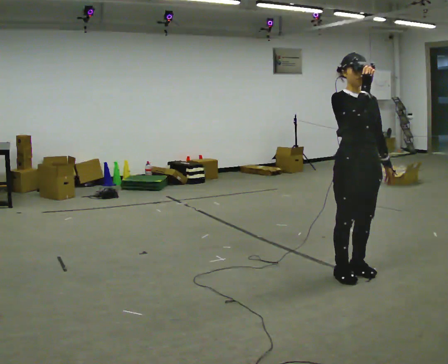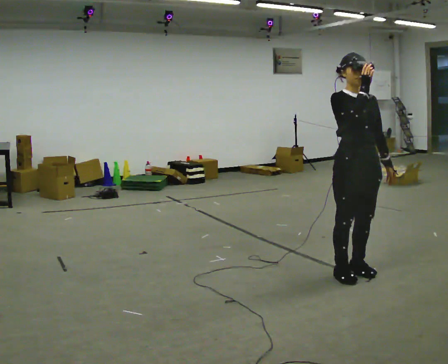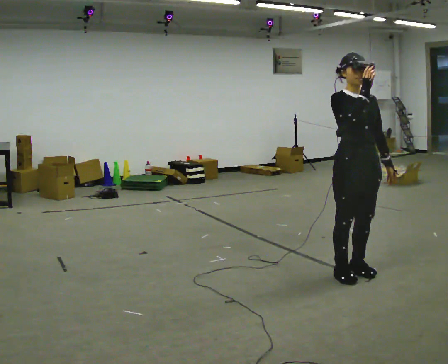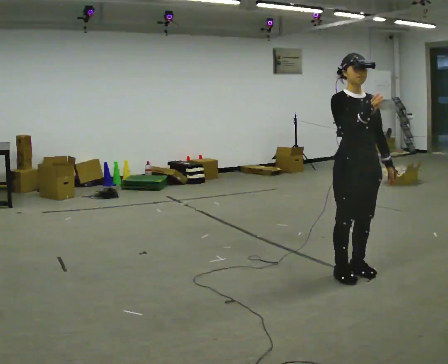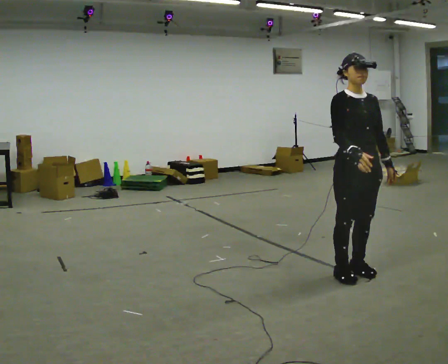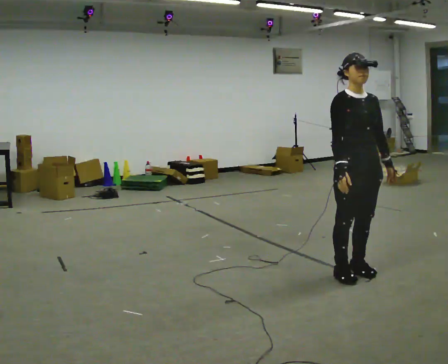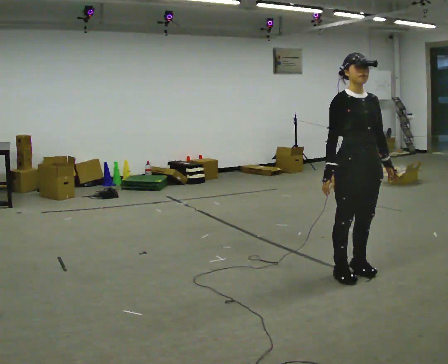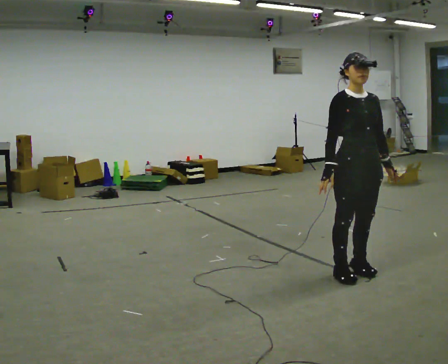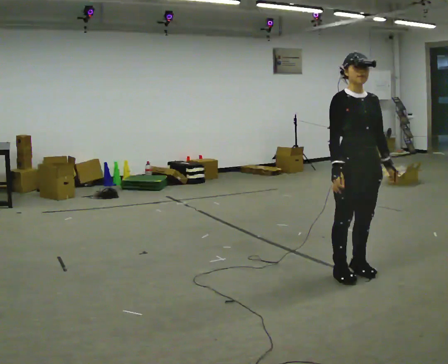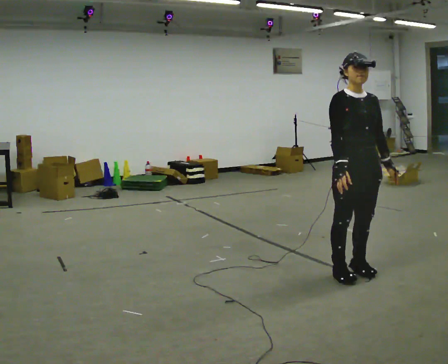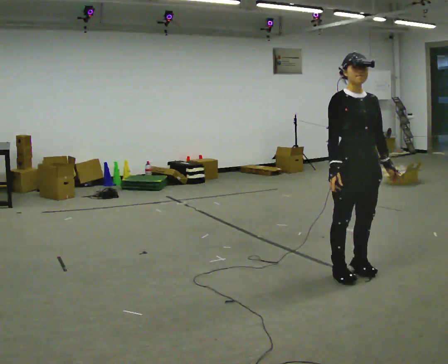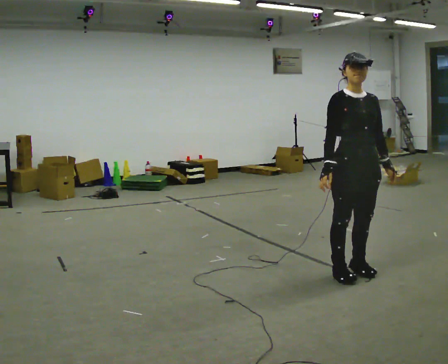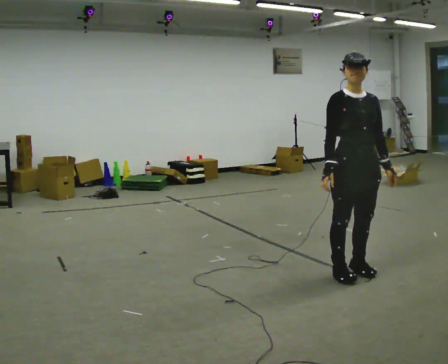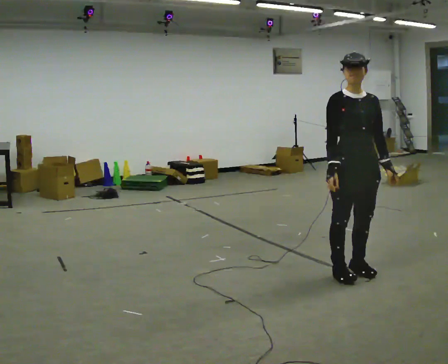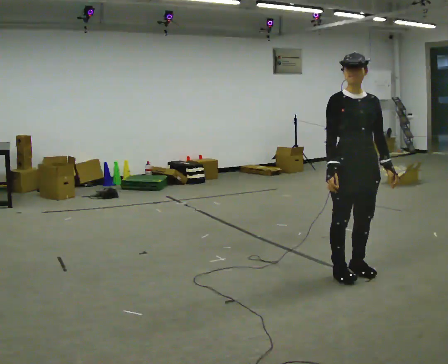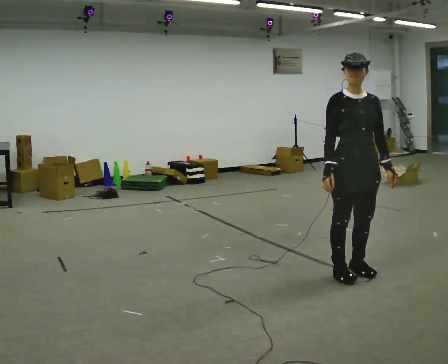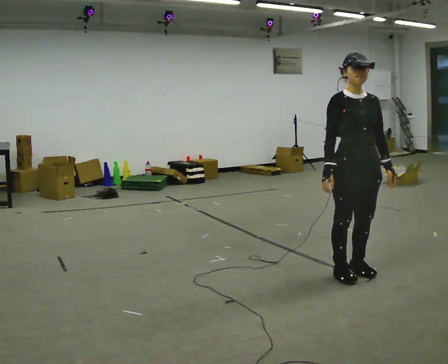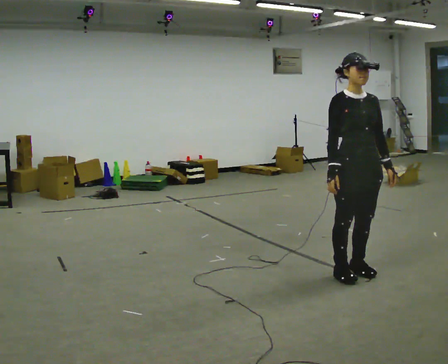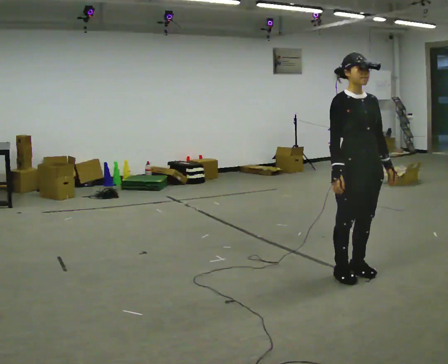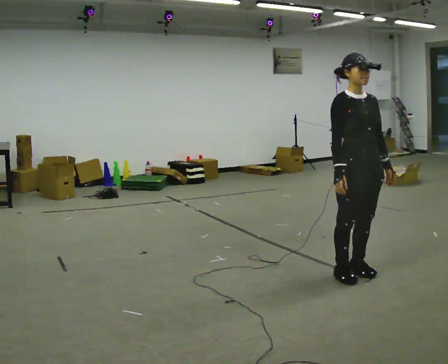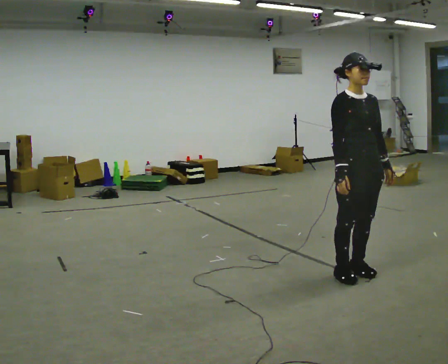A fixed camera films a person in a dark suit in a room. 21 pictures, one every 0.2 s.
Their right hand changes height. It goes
downward.
0.0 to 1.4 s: In the picture their right hand goes downward.
1.4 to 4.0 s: The person moves a little, or ends about where they began.
The film runs forward here.
